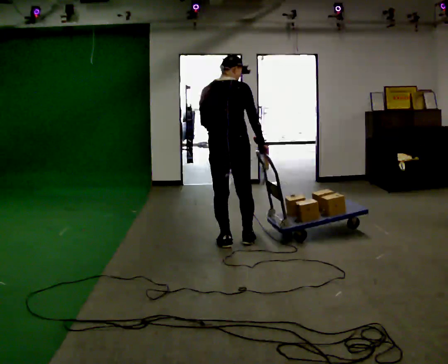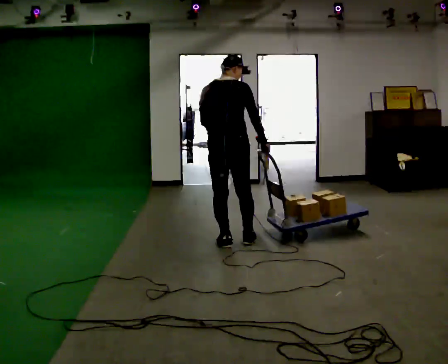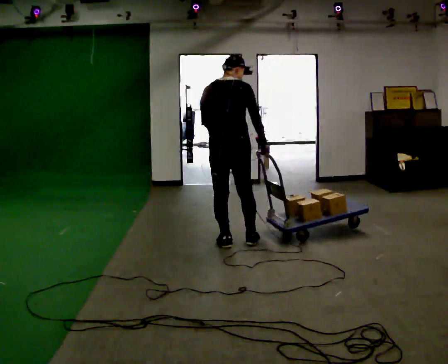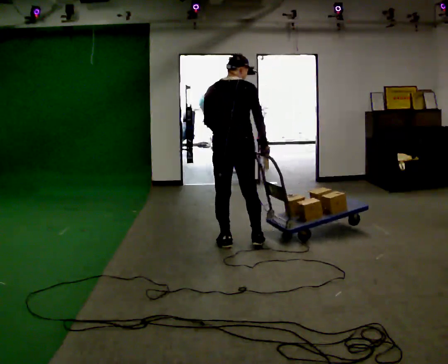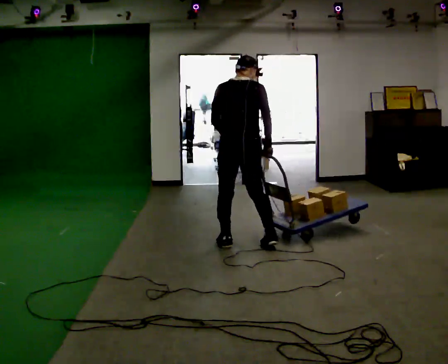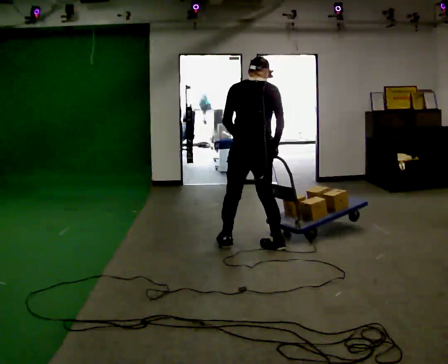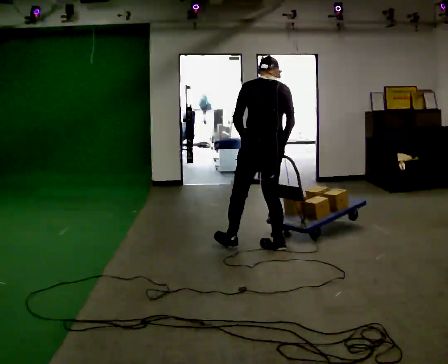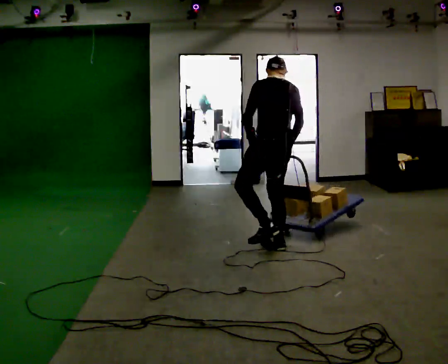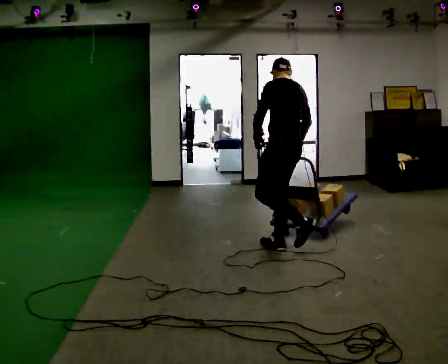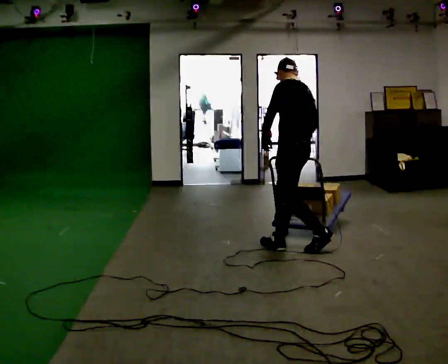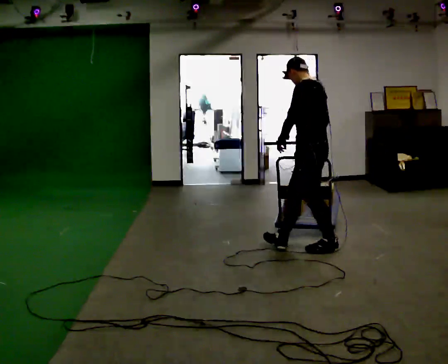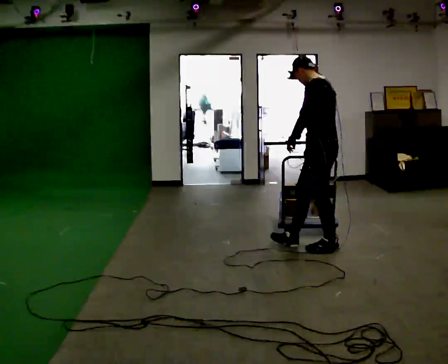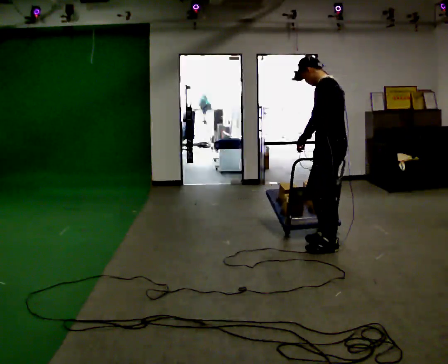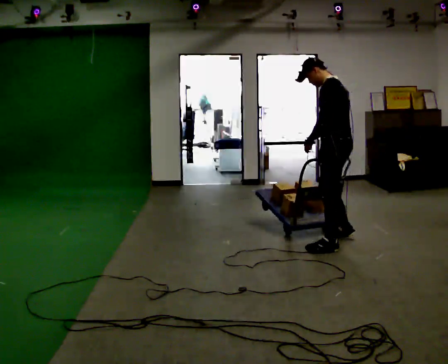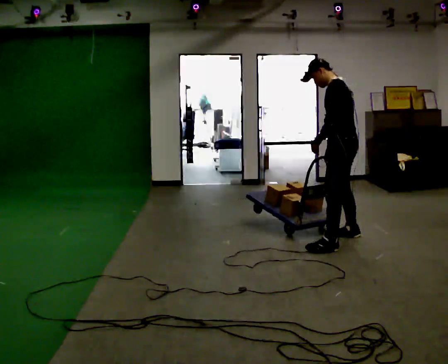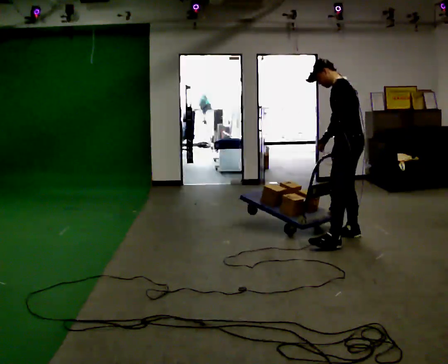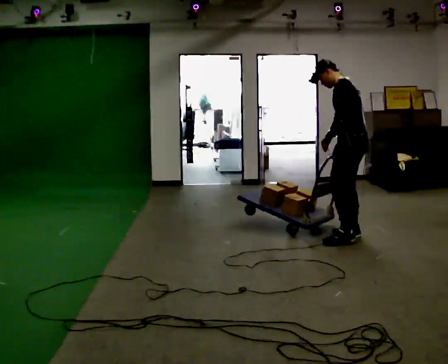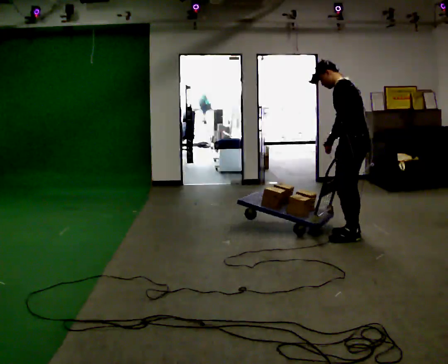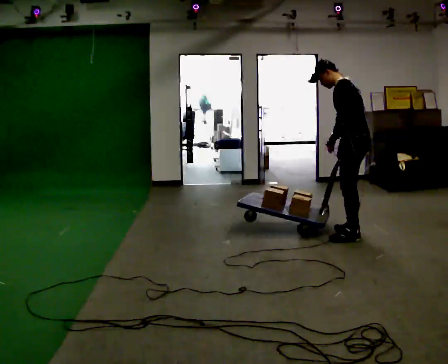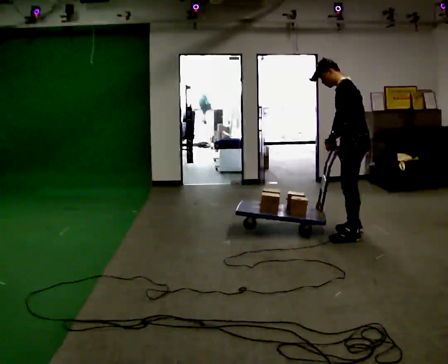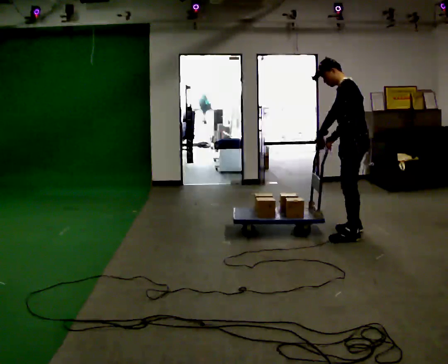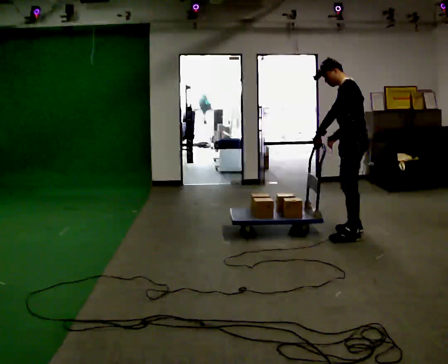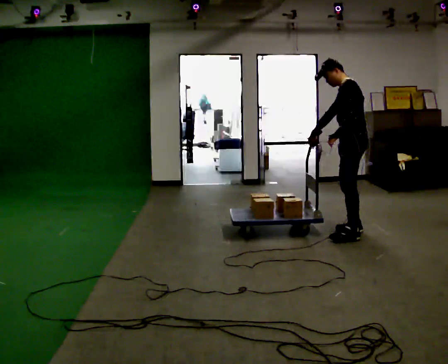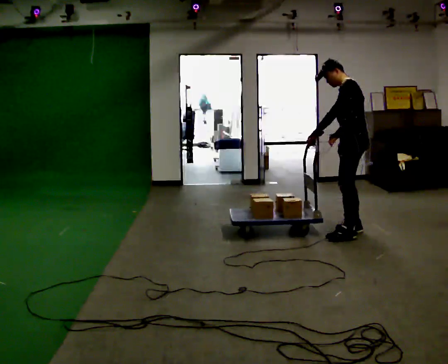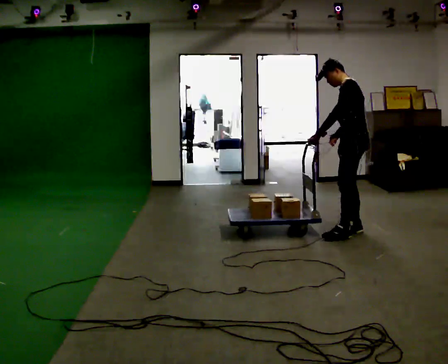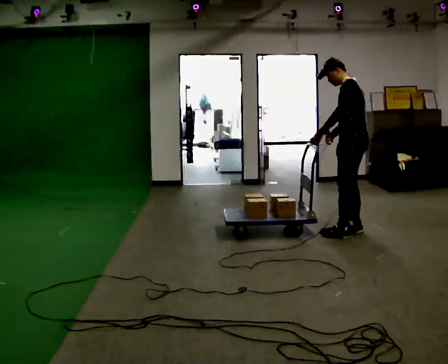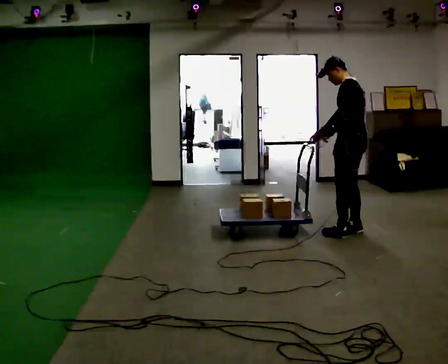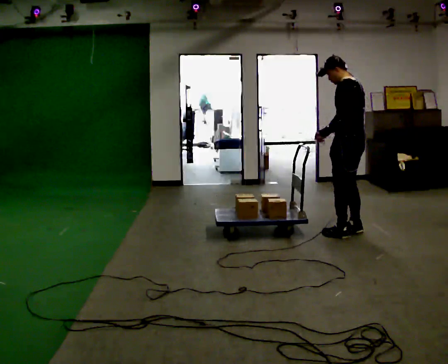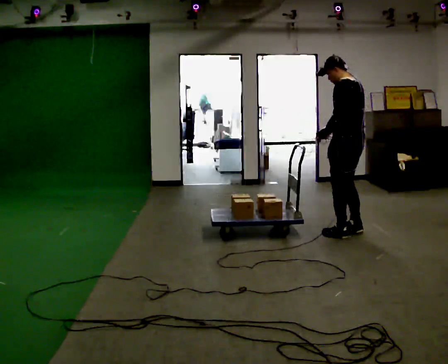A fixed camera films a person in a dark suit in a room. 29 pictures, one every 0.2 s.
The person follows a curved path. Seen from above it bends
counterclockwise.
The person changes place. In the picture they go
to the right.
0.0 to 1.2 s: The part of the body nearest the lens slides to the right as the person turns to their left by about 30 degrees. In the picture they go to the right, about 0.25 m in 2 steps, which for them is to their right.
1.2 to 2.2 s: The part of the body nearest the lens slides to the right as the person turns to their left by about 45 degrees. In the picture they go to the right, about 0.5 m in 1 step, which for them is backward.
2.2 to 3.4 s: In the picture they go away from the camera and to the right, about 0.5 m in 1 step, which for them is to their right and backward.
3.4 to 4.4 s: In the picture they go away from the camera, about 0.25 m in 1 step, which for them is to their right.
4.4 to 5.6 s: The part of the body nearest the lens slides to the left as the person turns to their right by about 30 degrees.
The film runs backward here.
